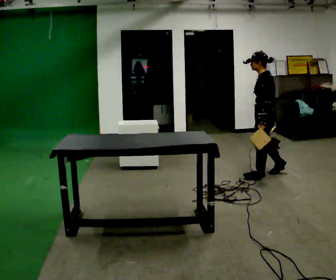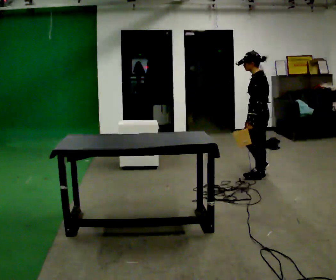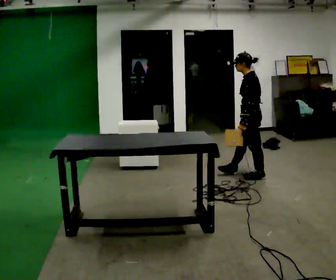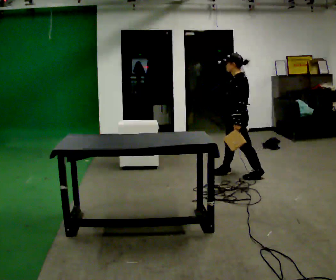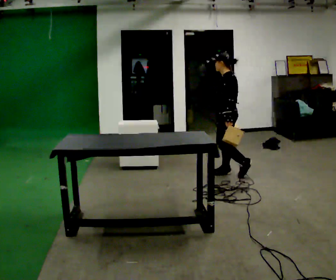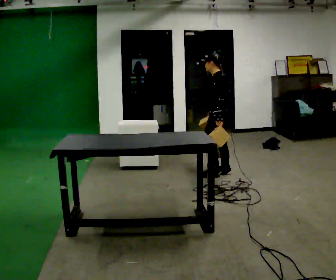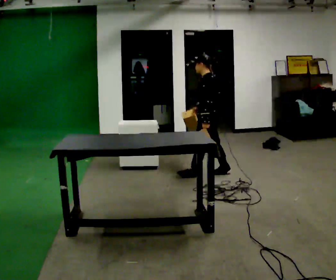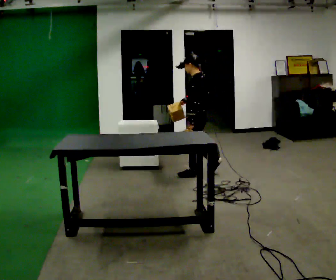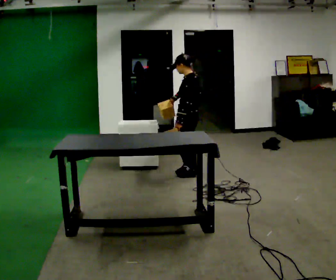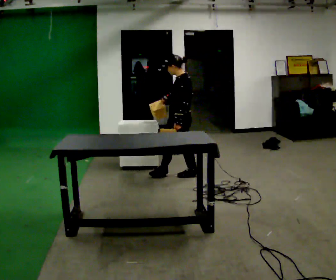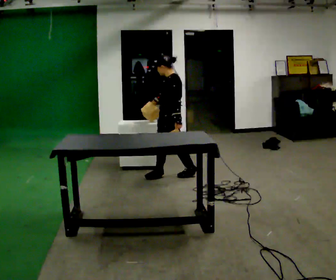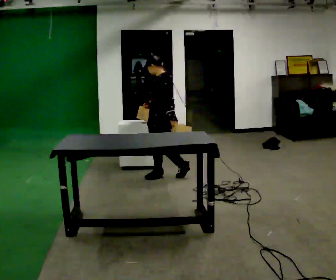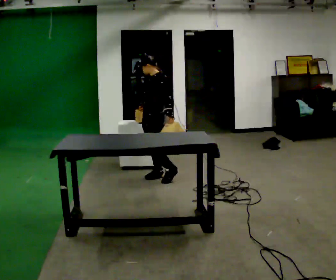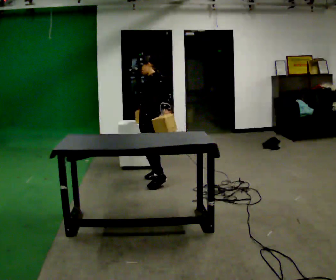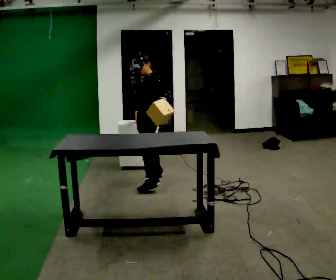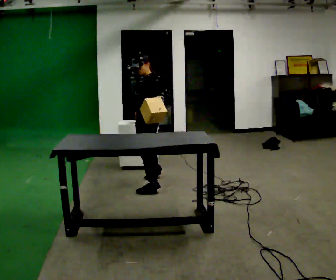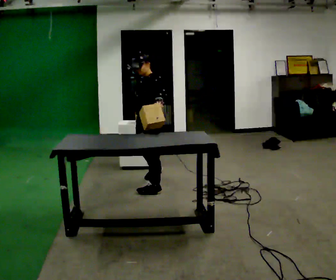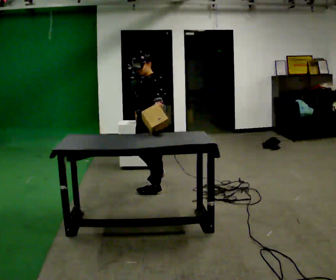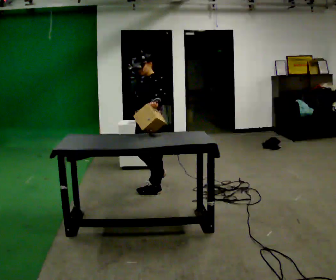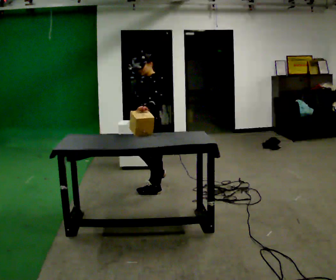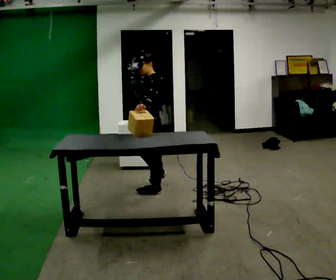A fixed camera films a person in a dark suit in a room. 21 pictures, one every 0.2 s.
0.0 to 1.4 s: In the picture they go to the left, about 1 m in 2 steps, which for them is forward.
1.4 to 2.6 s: The part of the body nearest the lens slides to the right as the person turns to their left by about 30 degrees. In the picture they go to the left, about 0.5 m in 1 step, which for them is forward.
2.6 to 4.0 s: In the picture they go toward the camera, about 0.5 m in 2 steps, which for them is to their left and forward.
The film runs forward here.
